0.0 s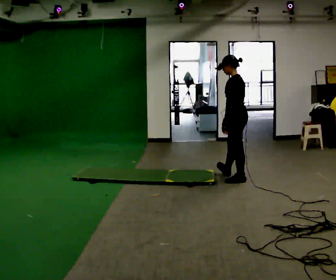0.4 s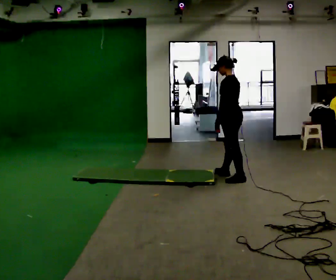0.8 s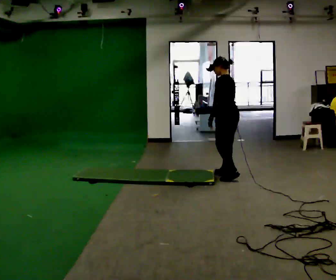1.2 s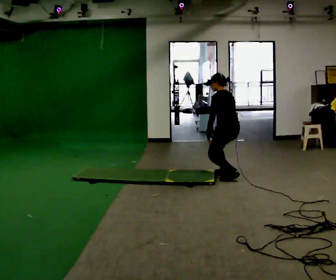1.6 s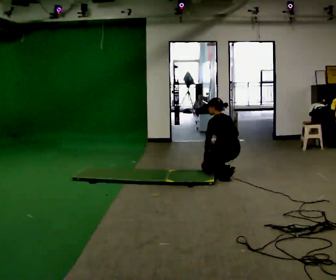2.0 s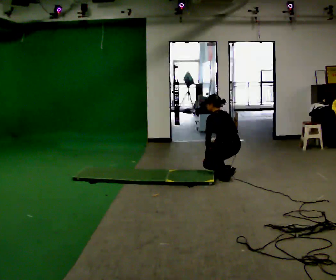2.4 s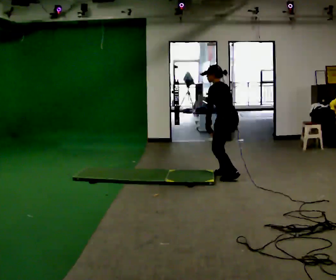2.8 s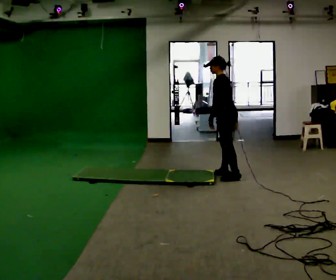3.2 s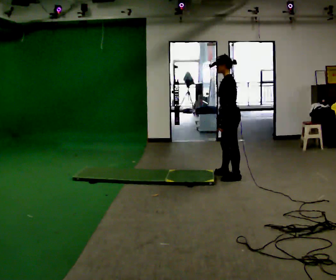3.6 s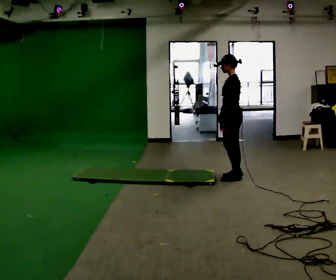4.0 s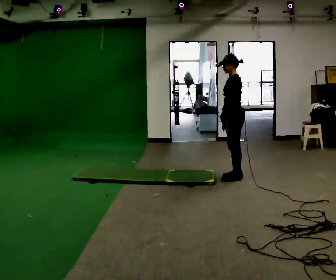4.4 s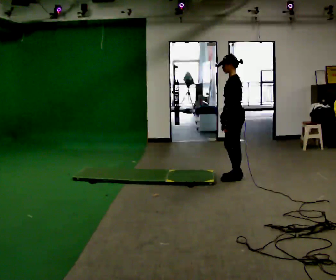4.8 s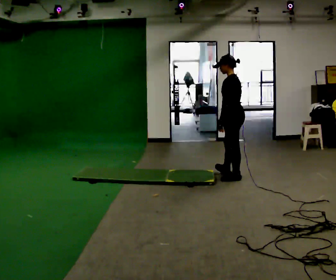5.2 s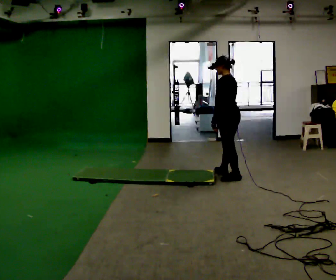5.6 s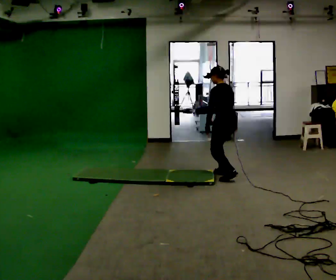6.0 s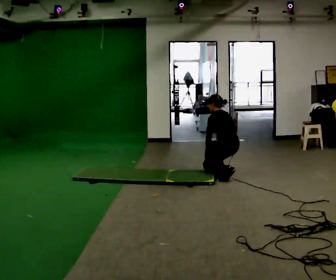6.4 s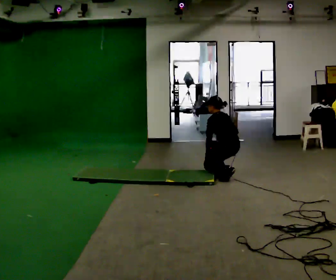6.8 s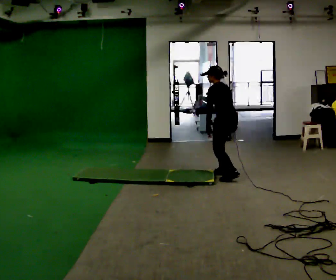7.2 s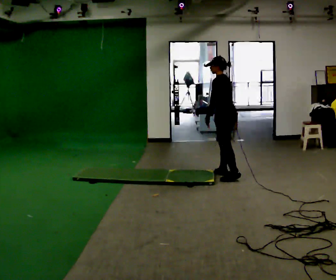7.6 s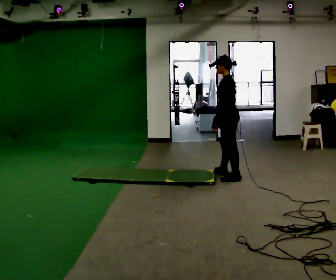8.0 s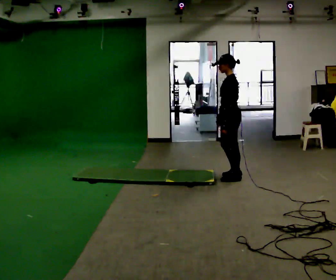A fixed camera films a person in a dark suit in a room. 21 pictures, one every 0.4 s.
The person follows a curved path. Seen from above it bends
counterclockwise.
0.0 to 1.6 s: The upper body goes downward. In the picture the upper body tilts counterclockwise, shoulders to the left, as they bend forward. In the picture their right hand goes downward.
1.6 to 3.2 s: The person turns about 45 degrees to their left, counterclockwise seen from above, so the part of the body nearest the lens slides to the right. The shoulders move upward. In the picture the upper body tilts clockwise, shoulders to the right, as they lean back or straighten. In the picture their right hand goes upward.
3.2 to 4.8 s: The person moves a little, or ends about where they began.
4.8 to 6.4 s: The shoulders move downward. The upper body tips away from the camera, its near side rolling upward, as they bend forward. In the picture their right hand goes downward.
6.4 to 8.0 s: The part of the body nearest the lens slides to the right as the person turns to their left by about 45 degrees. The shoulders move upward. In the picture the upper body tilts clockwise, shoulders to the right, as they lean back or straighten. In the picture their right hand goes upward.
The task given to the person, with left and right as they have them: From standing, kneel onto the knee the operator calls, hold briefly, then stand back up. Repeat the movement at your own pace until the operator says stop; do not rush.
The film runs forward here.
